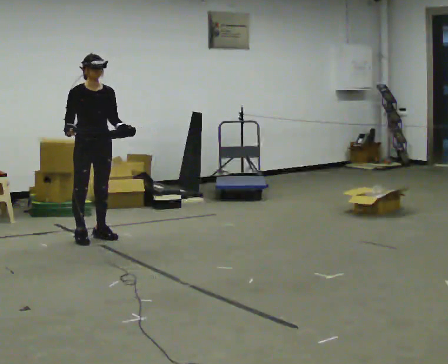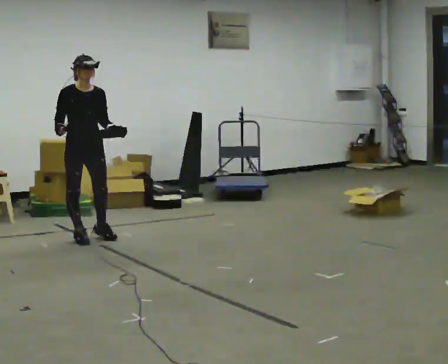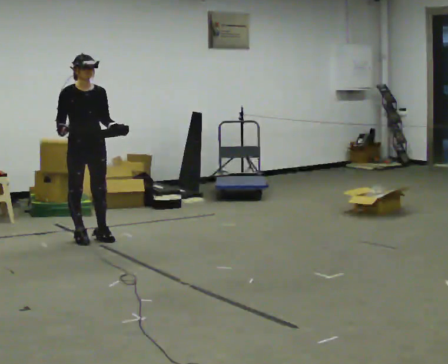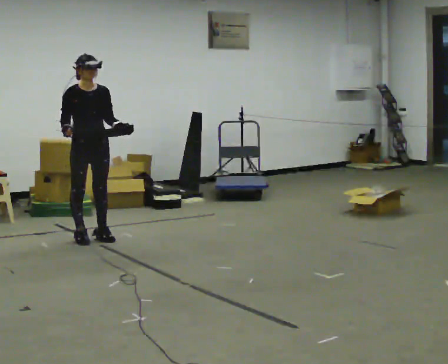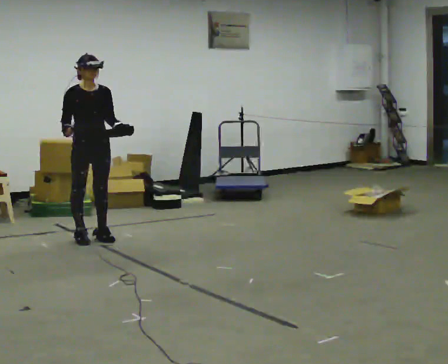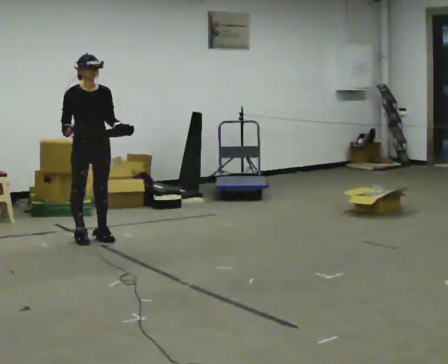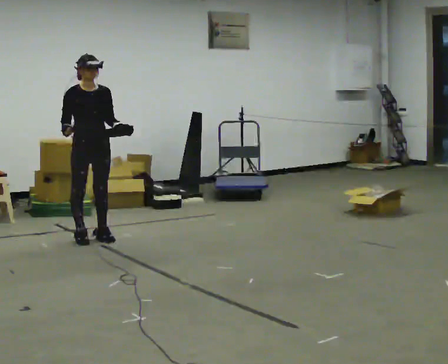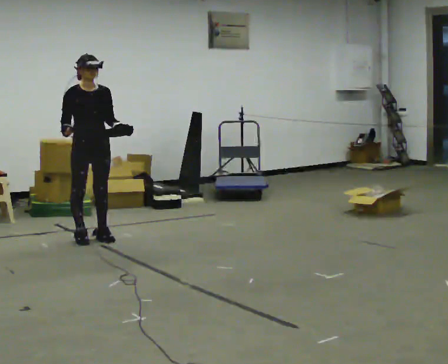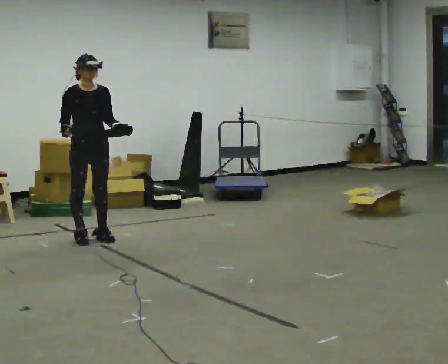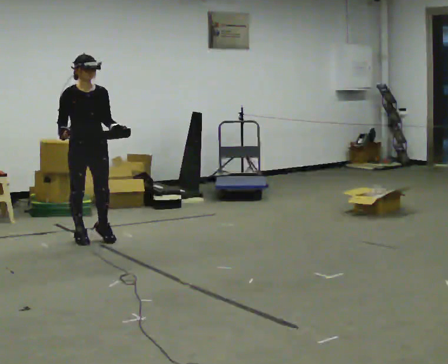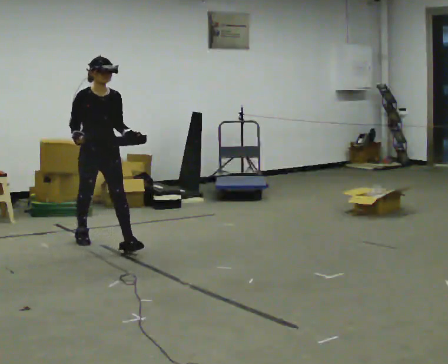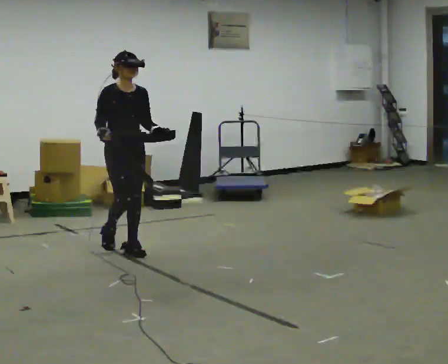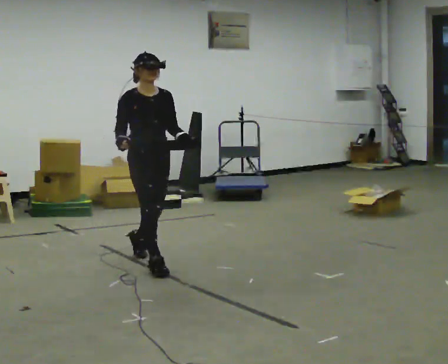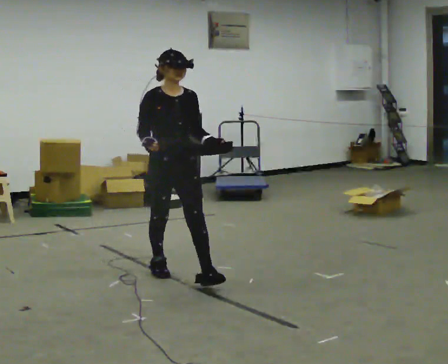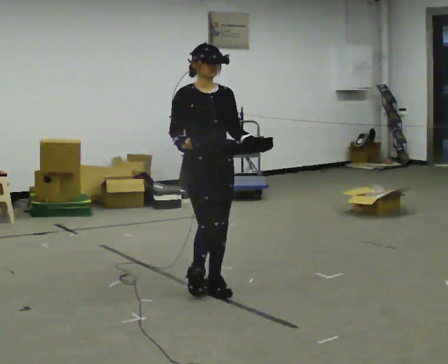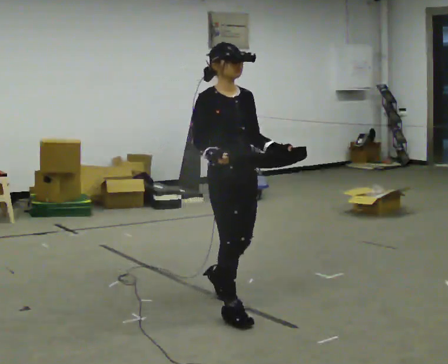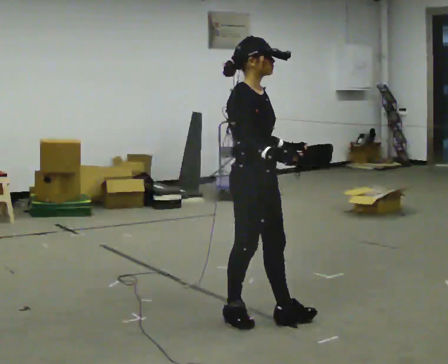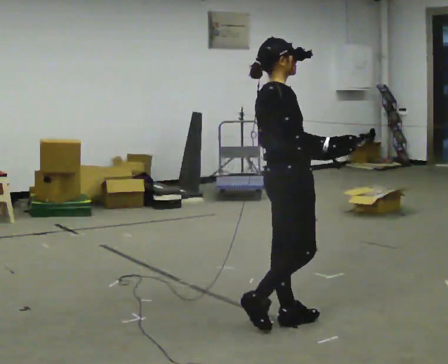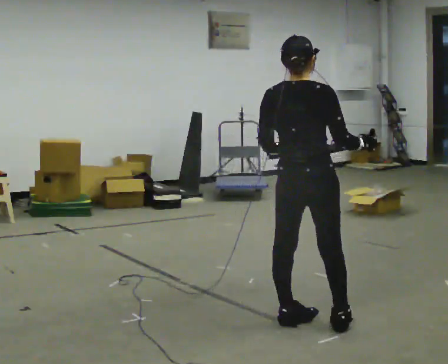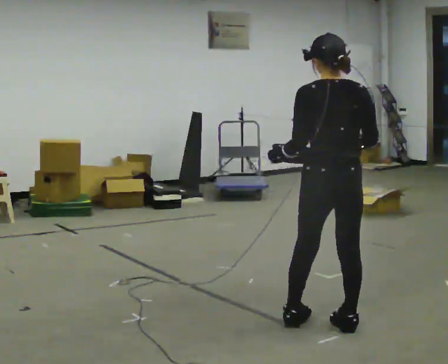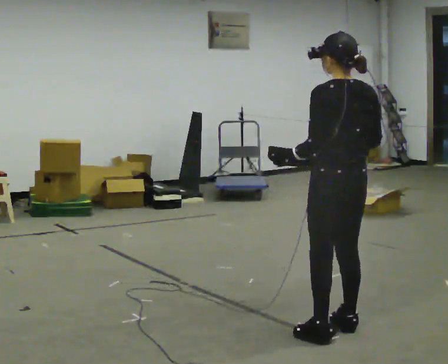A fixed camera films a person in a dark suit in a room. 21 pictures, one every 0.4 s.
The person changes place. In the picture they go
toward the camera.
The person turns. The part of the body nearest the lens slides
to the right.
0.0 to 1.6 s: The person moves a little, or ends about where they began.
1.6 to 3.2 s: The person keeps their place and pose.
3.2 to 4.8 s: In the picture they go toward the camera and to the right, about 1 m in 2 steps, which for them is forward.
4.8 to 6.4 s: Seen from above the body turns counterclockwise, about 30 degrees: to their left, with its near side sliding to the right. In the picture they go toward the camera and to the right, about 1.5 m in 2 steps, which for them is forward.
6.4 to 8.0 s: Seen from above the body turns counterclockwise, about 135 degrees: to their left, with its near side sliding to the right. In the picture they go to the right and toward the camera, about 0.5 m in 3 steps.
The film runs forward here.
